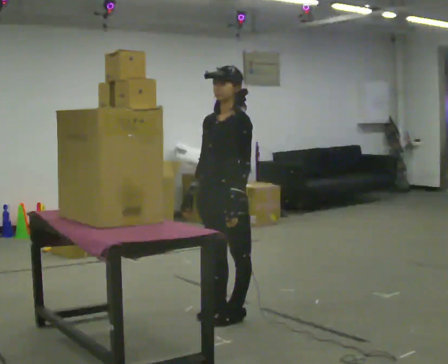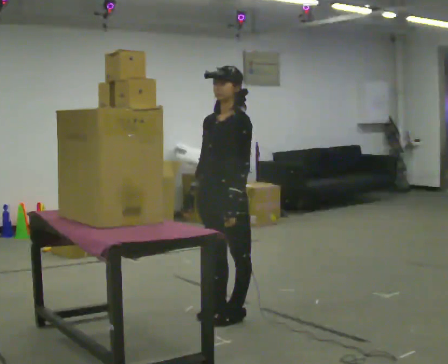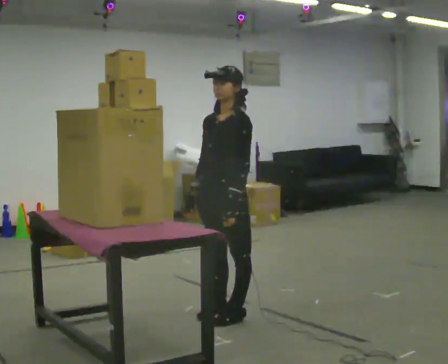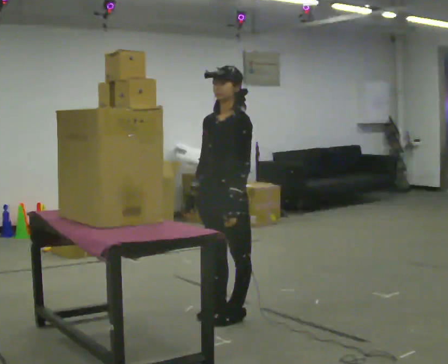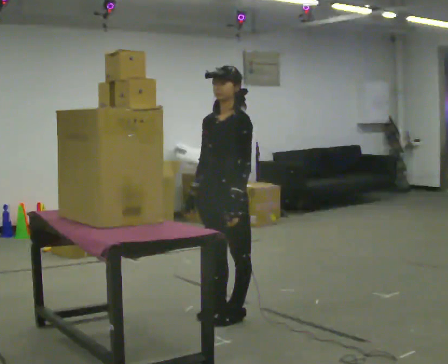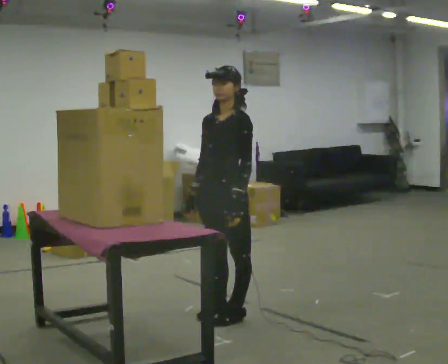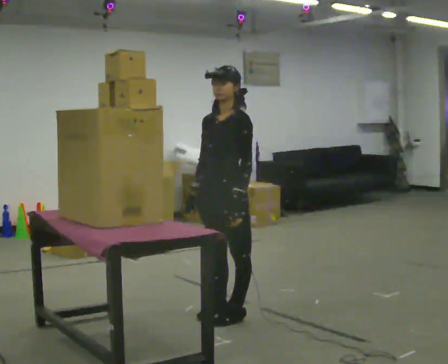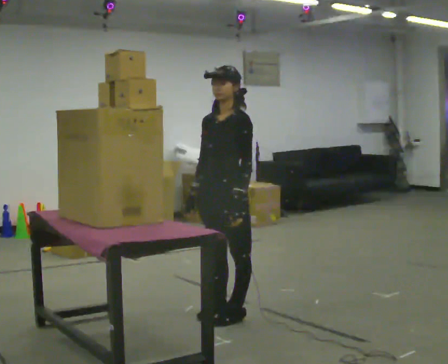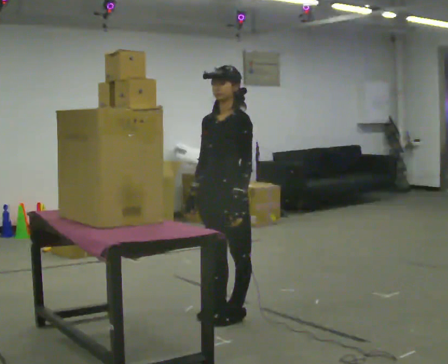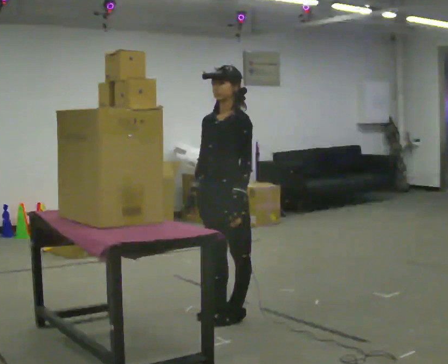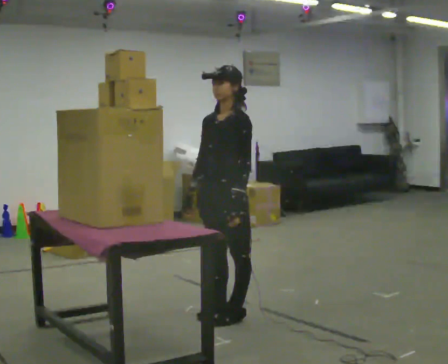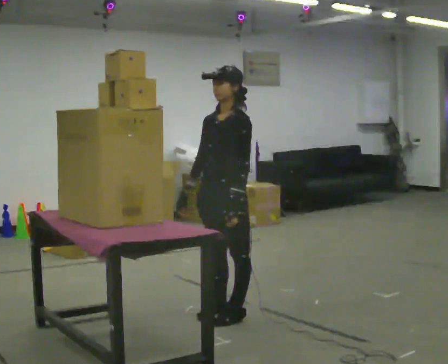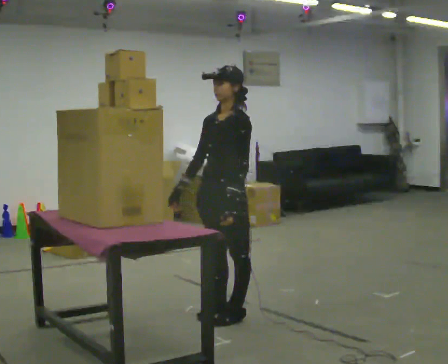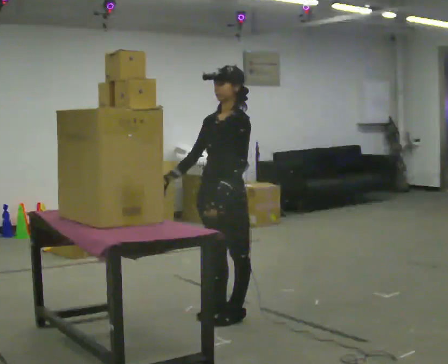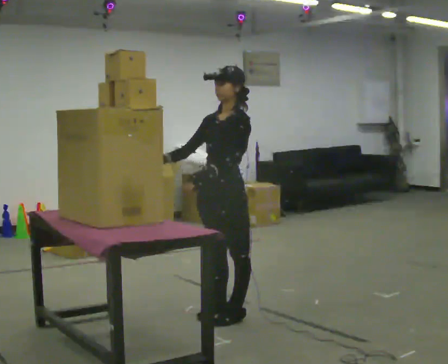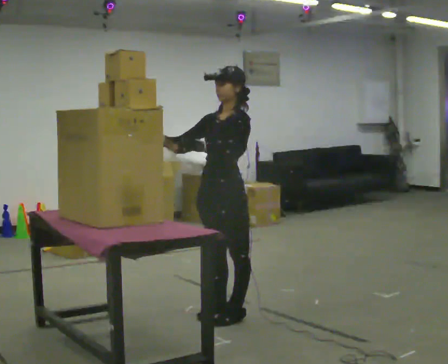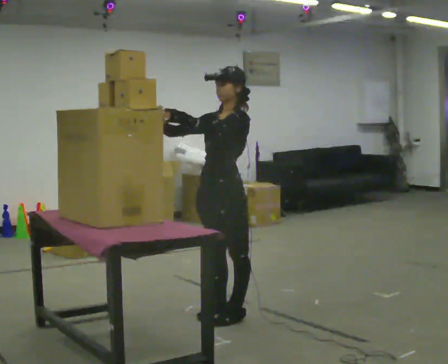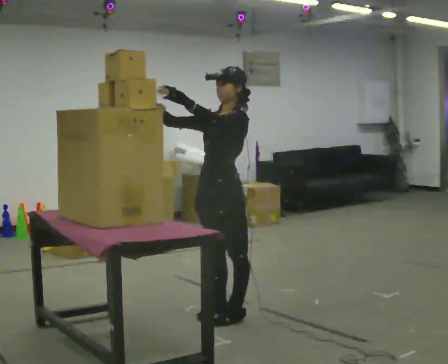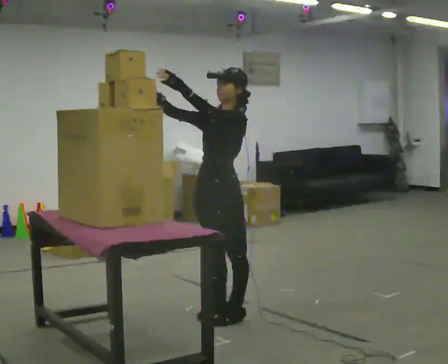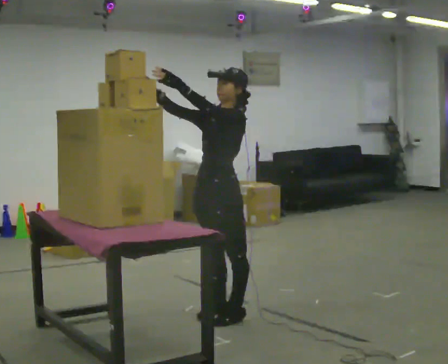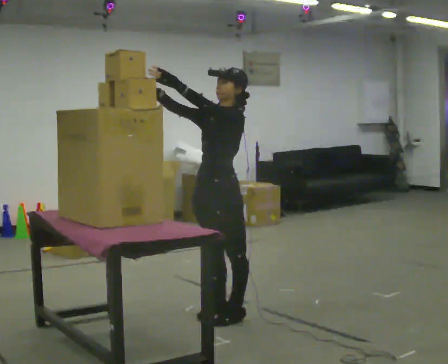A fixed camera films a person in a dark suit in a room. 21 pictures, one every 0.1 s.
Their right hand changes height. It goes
upward.
Their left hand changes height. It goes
upward.
0.0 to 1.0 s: The person moves a little, or ends about where they began.
1.0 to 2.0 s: In the picture their left hand goes upward and to the left.
The film runs forward here.
